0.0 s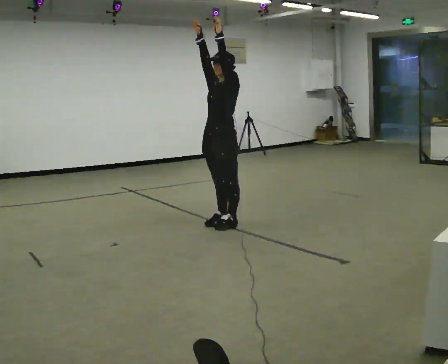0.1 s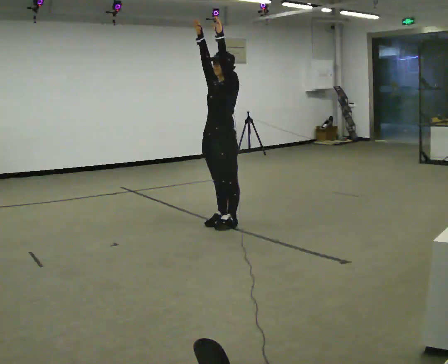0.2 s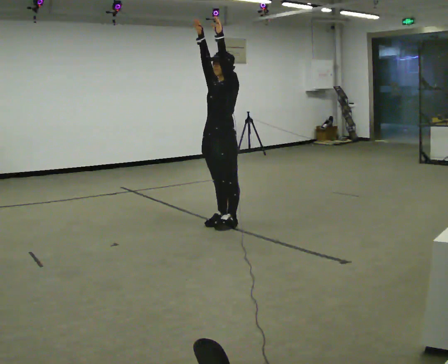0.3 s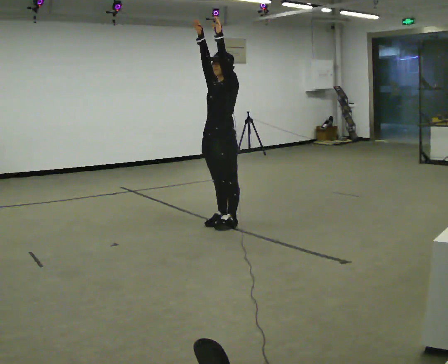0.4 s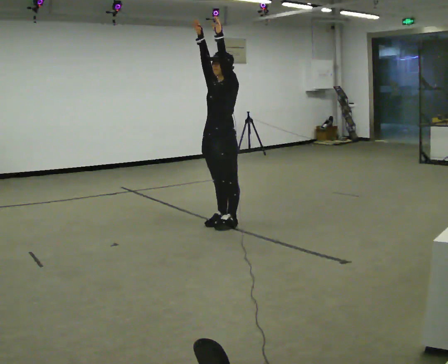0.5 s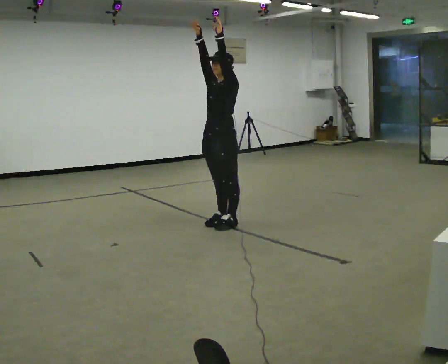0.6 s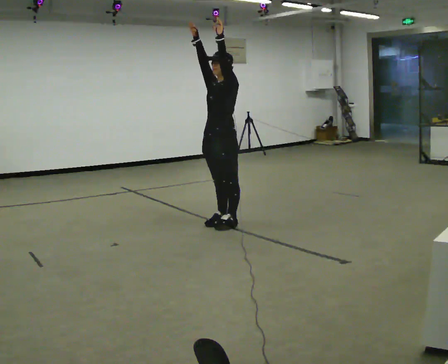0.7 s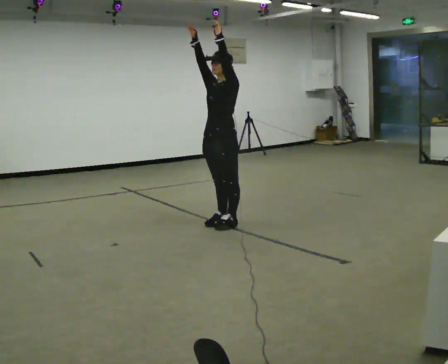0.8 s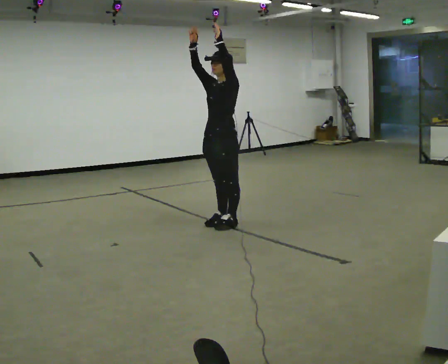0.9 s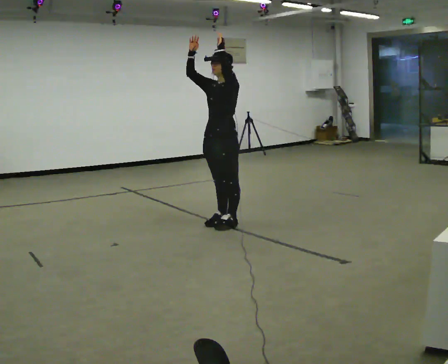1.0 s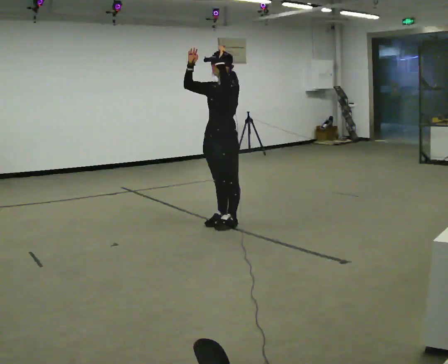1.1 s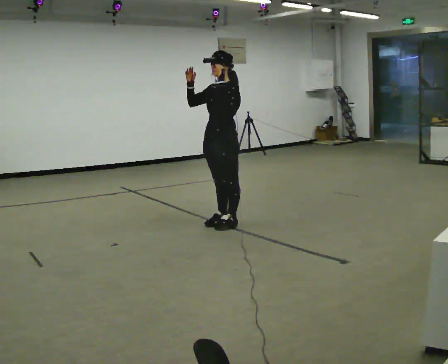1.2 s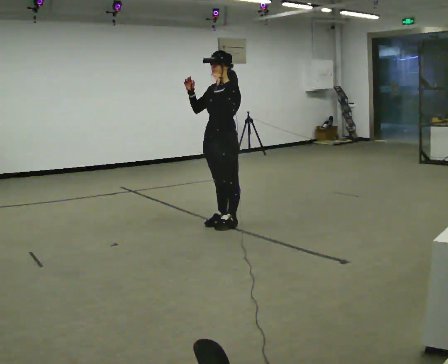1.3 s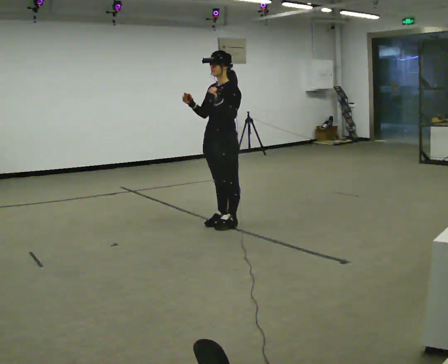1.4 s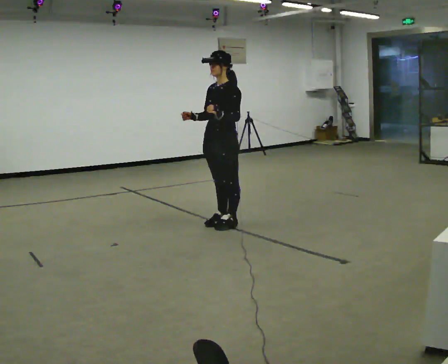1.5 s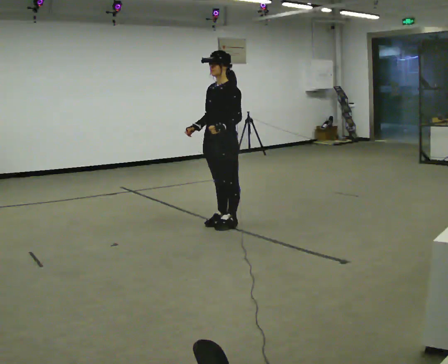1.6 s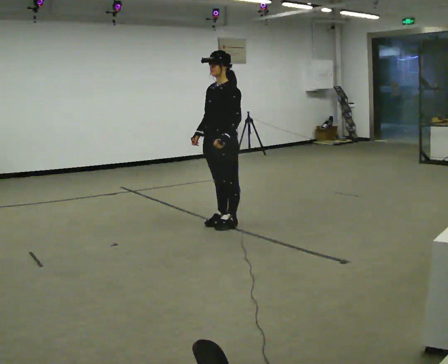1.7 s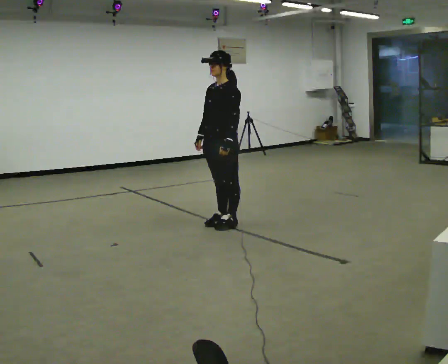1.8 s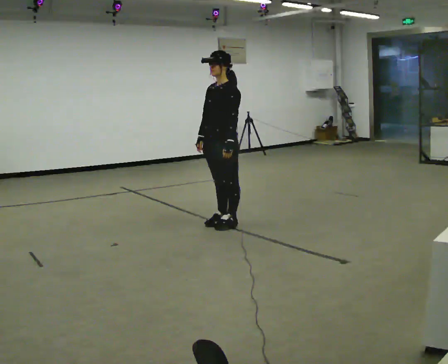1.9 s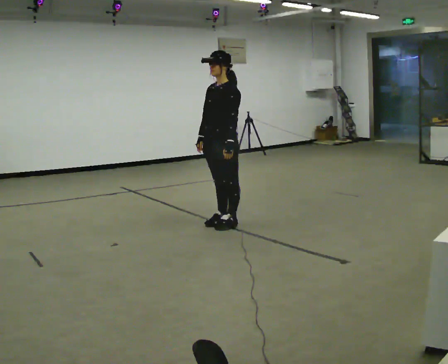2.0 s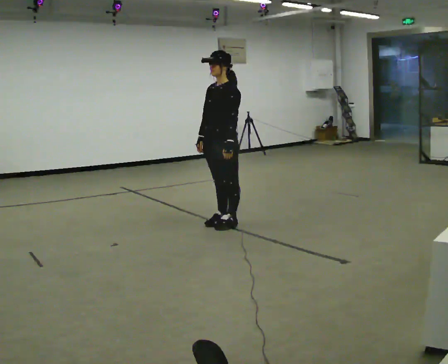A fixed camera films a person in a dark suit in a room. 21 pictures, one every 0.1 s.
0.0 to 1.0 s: The person moves a little, or ends about where they began.
1.0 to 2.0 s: In the picture their left hand goes downward.
The film runs backward here.
